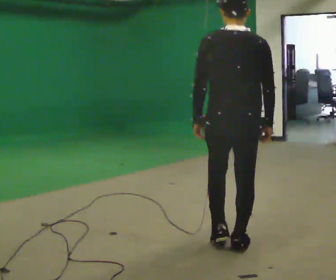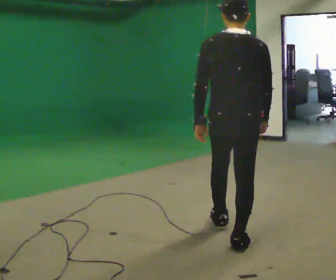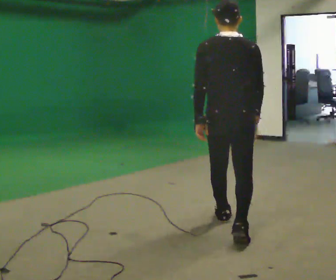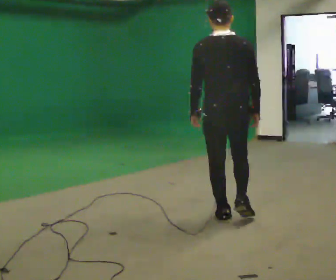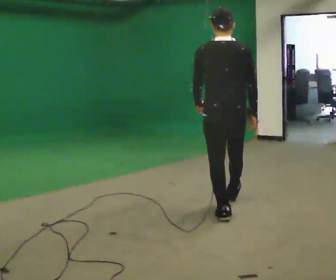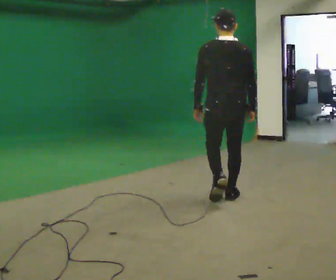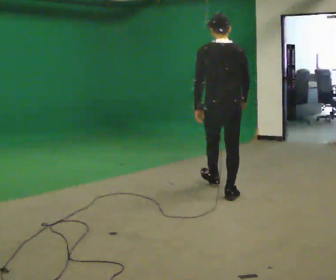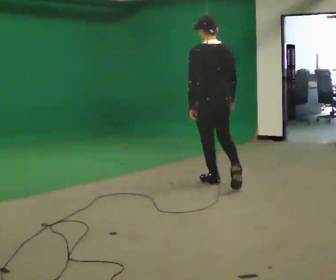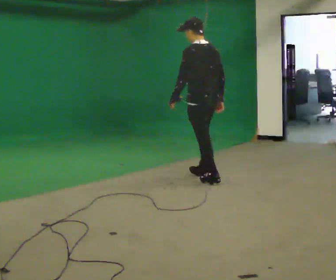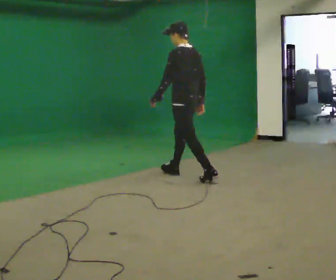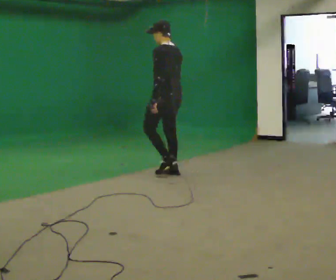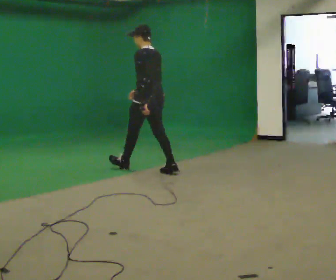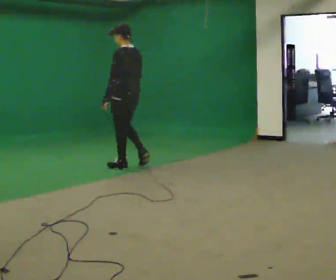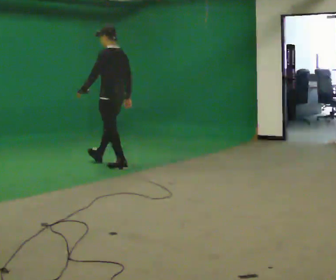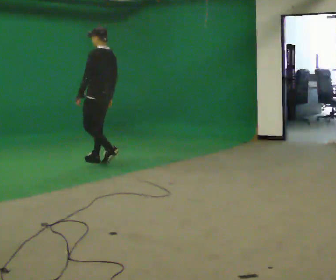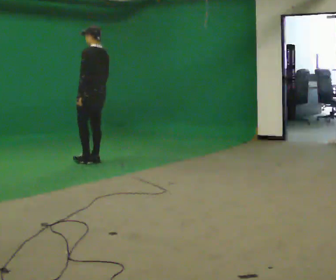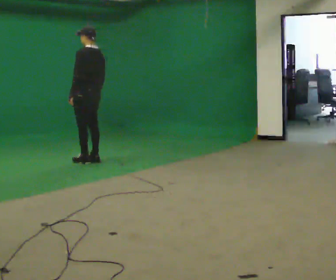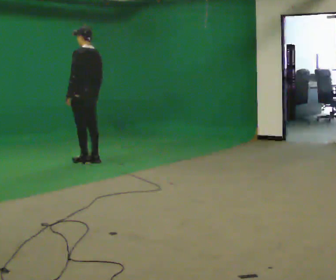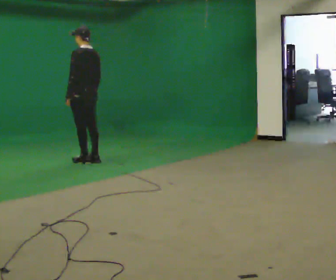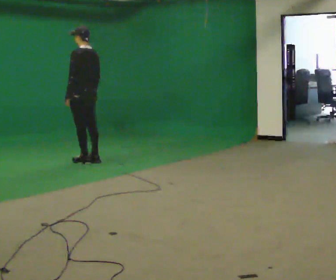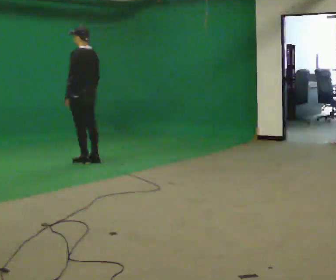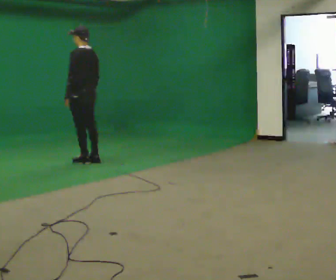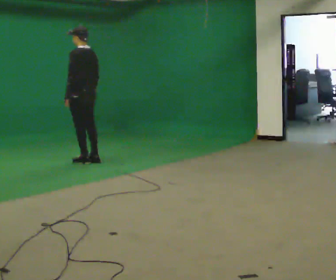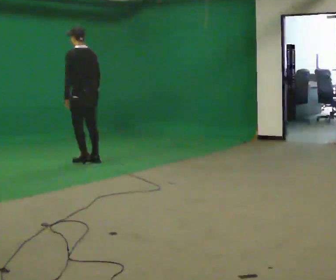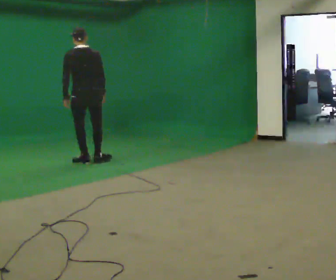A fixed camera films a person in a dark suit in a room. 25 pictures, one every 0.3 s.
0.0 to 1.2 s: In the picture they go away from the camera, about 1 m in 1 step, which for them is forward.
1.2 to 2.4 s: The person turns about 45 degrees to their left, counterclockwise seen from above, so the part of the body nearest the lens slides to the right. In the picture they go away from the camera, about 1 m in 2 steps, which for them is forward.
2.4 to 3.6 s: In the picture they go away from the camera and to the left, about 1 m in 2 steps, which for them is forward.
3.6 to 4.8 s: In the picture they go to the left and away from the camera, about 0.75 m in 2 steps, which for them is forward.
4.8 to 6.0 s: The person moves a little, or ends about where they began.
6.0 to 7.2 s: Seen from above the body turns clockwise, about 45 degrees: to their right, with its near side sliding to the left.
The film runs forward here.
